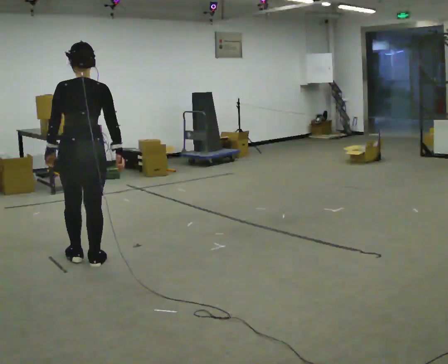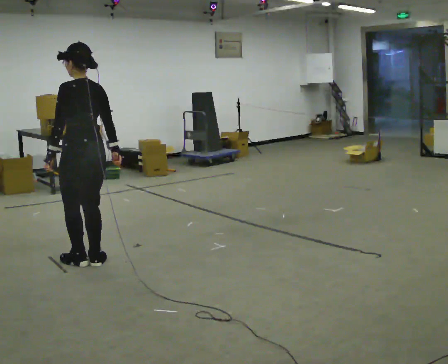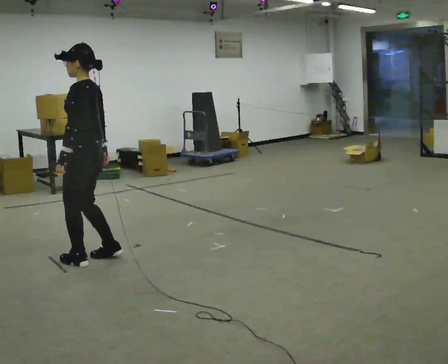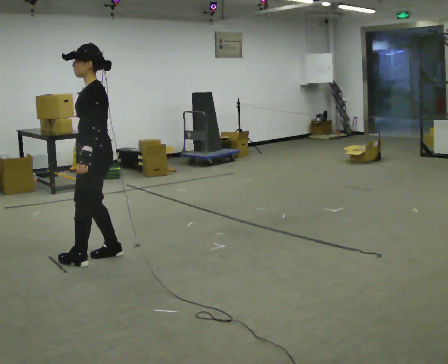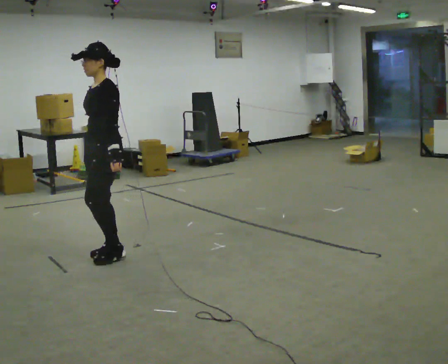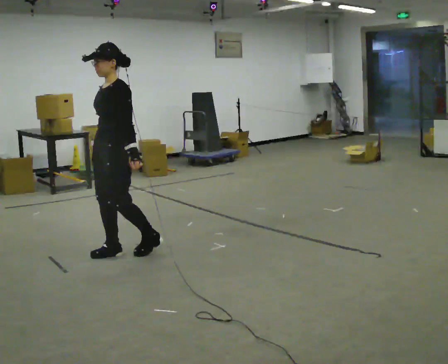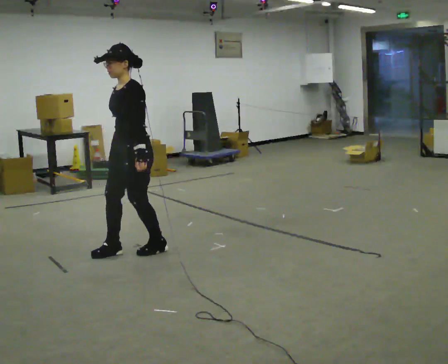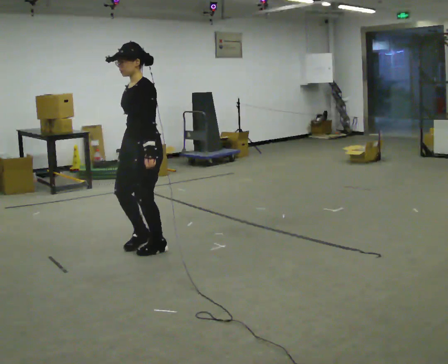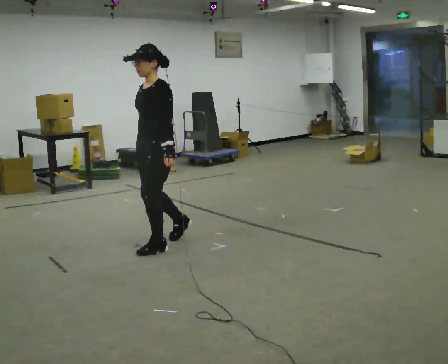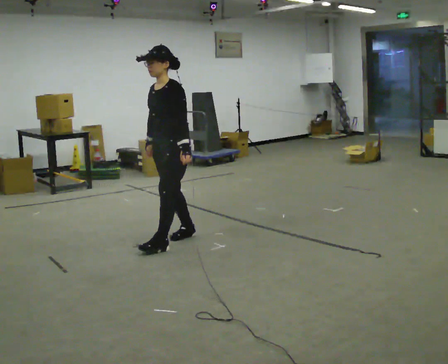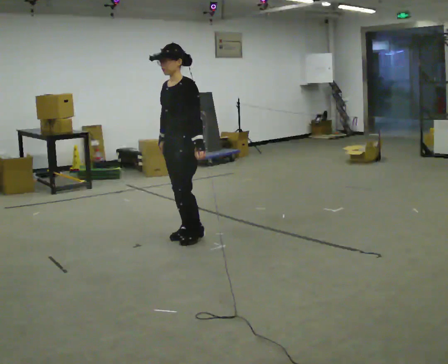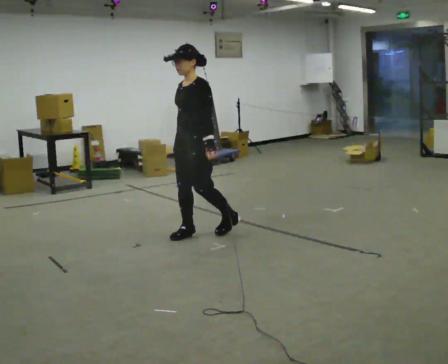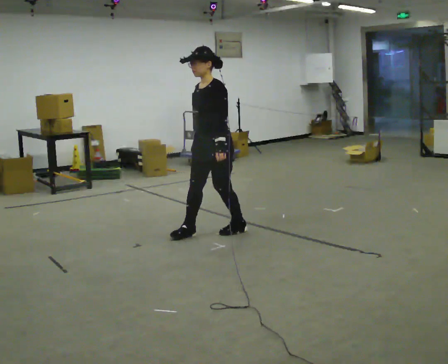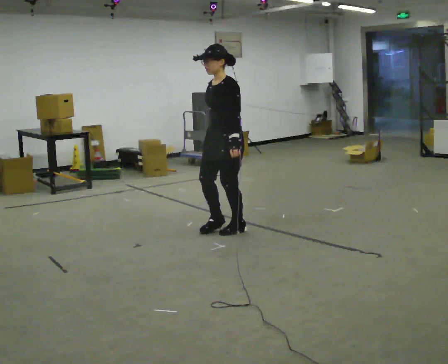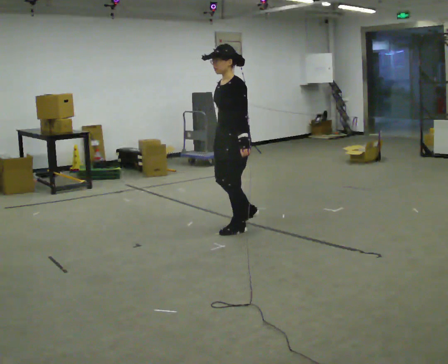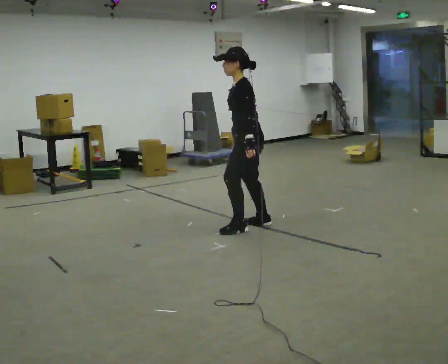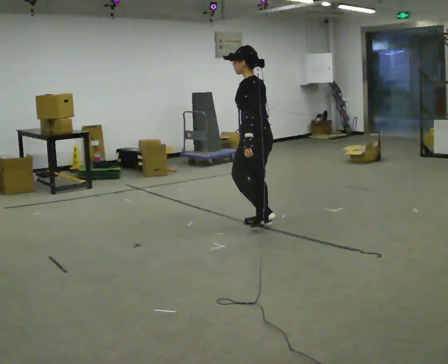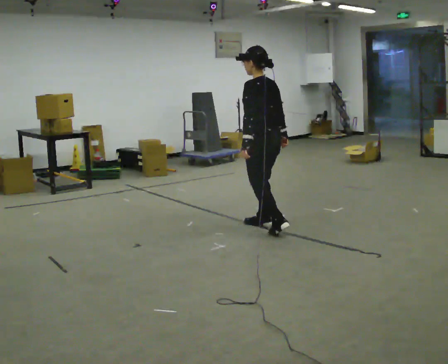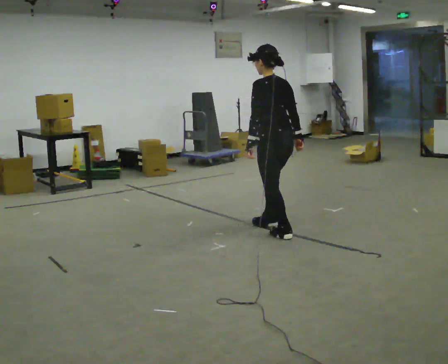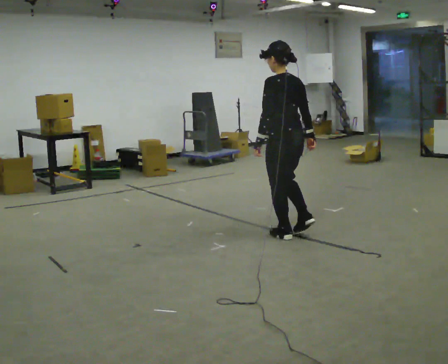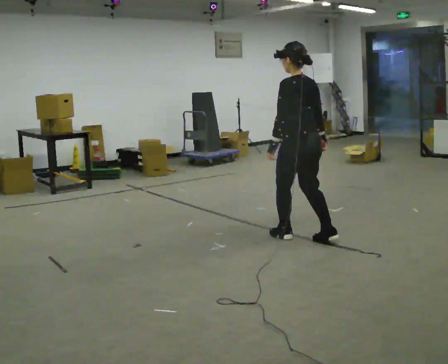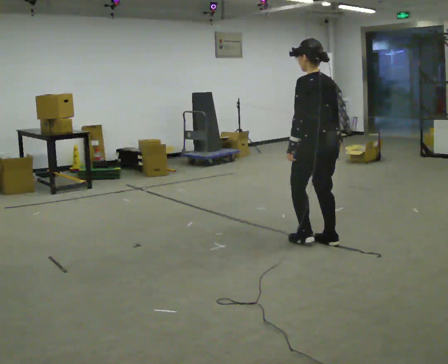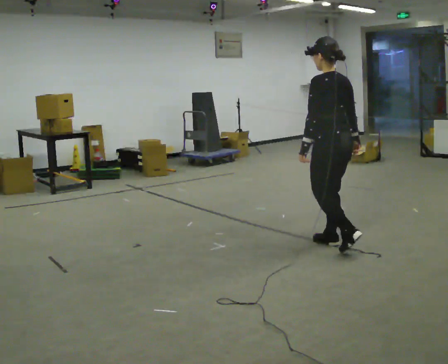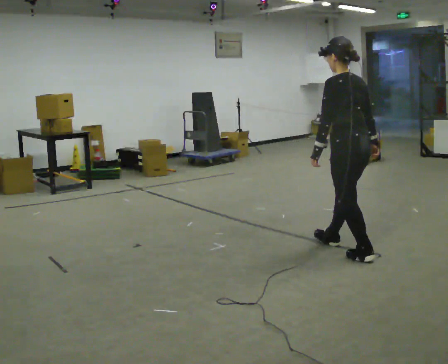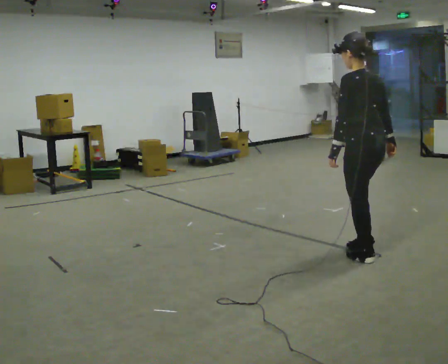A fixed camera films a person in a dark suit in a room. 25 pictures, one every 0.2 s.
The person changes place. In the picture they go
to the right.
The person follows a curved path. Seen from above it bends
clockwise.
0.0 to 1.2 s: Seen from above the body turns counterclockwise, about 105 degrees: to their left, with its near side sliding to the right. In the picture they go to the right and away from the camera, about 0.5 m in 3 steps.
1.2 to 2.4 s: In the picture they go to the right and away from the camera, about 1 m in 2 steps, which for them is backward.
2.4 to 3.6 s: The part of the body nearest the lens slides to the left as the person turns to their right by about 90 degrees. In the picture they go to the right, about 0.5 m in 2 steps.
3.6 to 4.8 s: In the picture they go toward the camera and to the right, about 1 m in 2 steps, which for them is backward.
The film runs forward here.
